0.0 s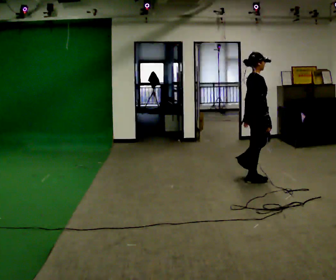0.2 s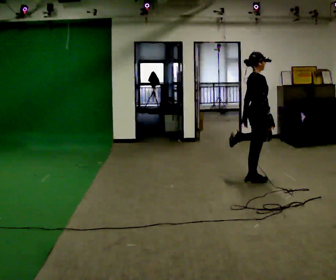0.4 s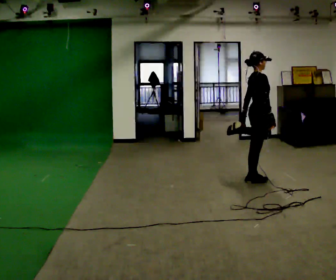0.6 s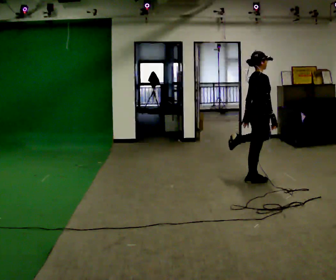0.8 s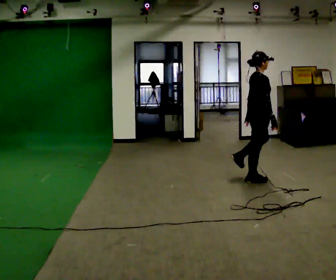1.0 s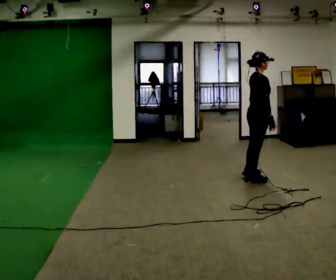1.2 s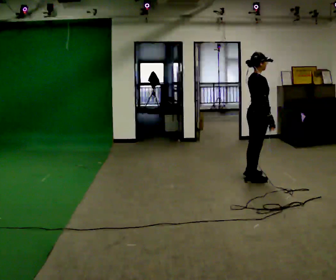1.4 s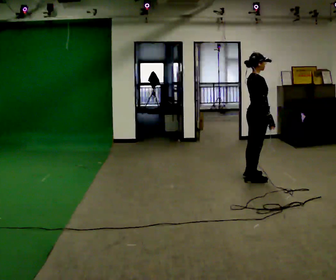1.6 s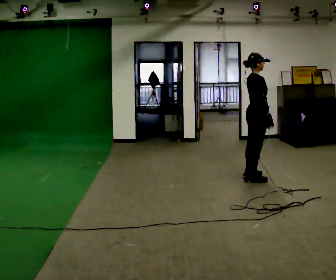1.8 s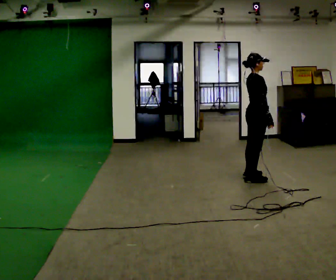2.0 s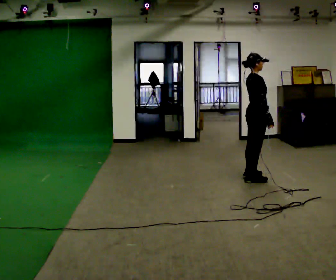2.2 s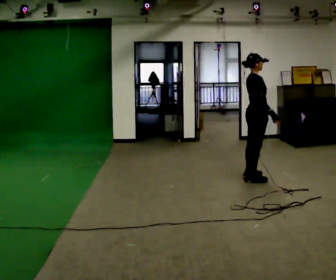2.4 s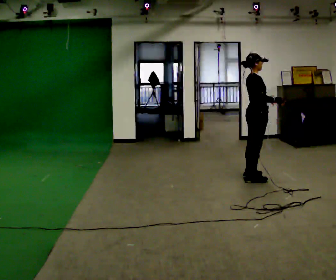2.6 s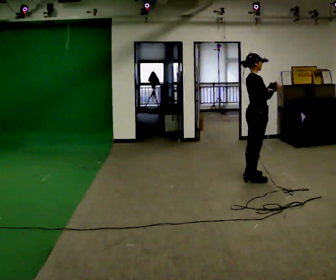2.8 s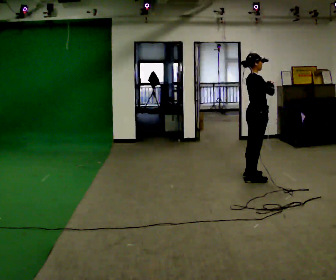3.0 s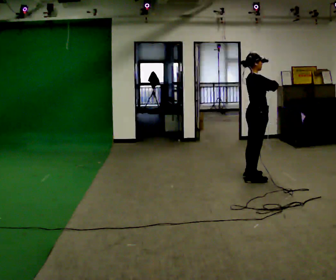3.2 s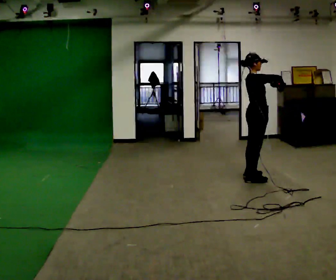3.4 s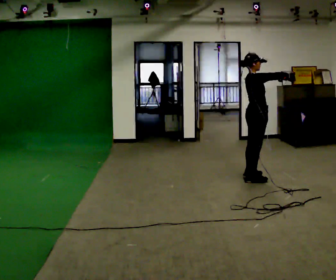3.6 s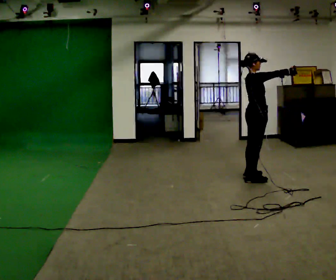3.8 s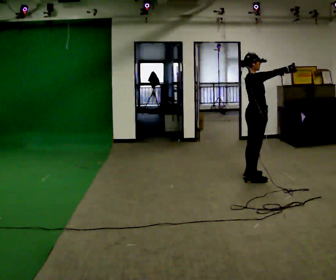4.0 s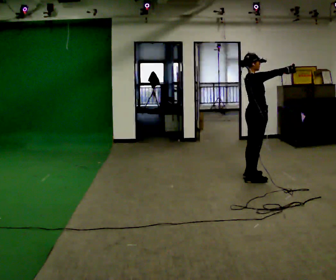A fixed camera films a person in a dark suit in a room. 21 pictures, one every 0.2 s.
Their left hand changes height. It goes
upward.
Their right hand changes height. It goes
upward.
0.0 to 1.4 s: The person moves a little, or ends about where they began.
1.4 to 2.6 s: In the picture their right hand goes upward.
2.6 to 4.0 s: The person moves a little, or ends about where they began.
The film runs forward here.
